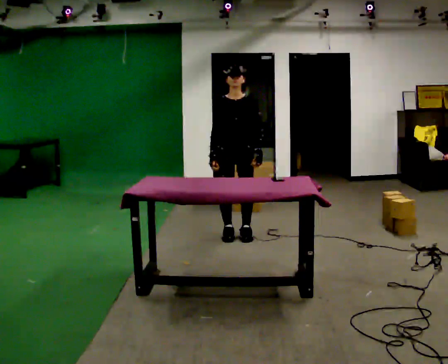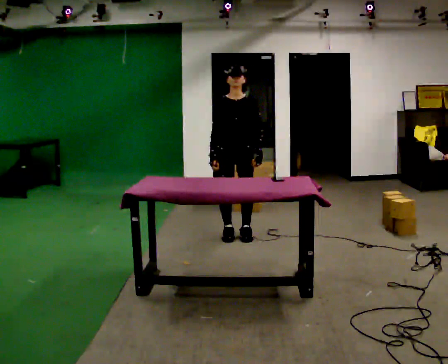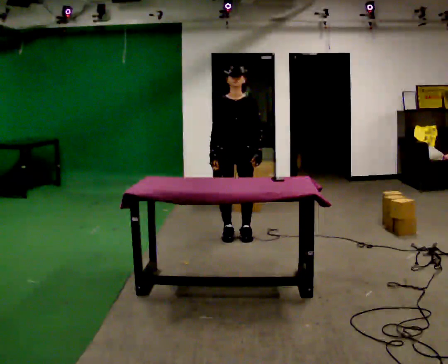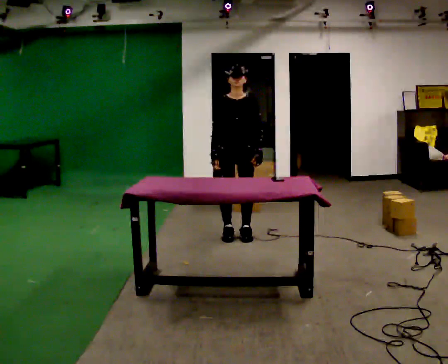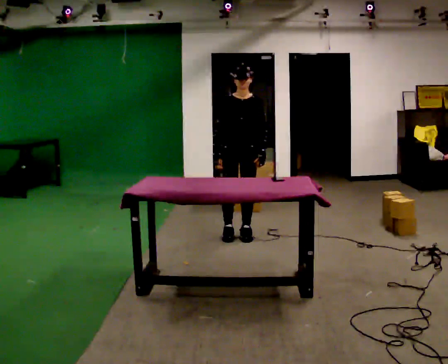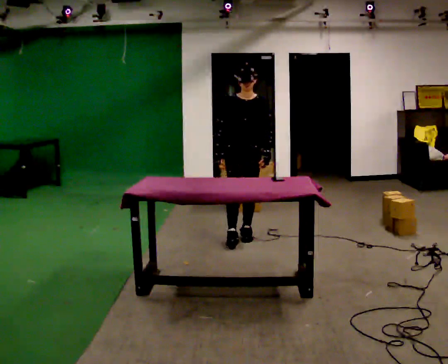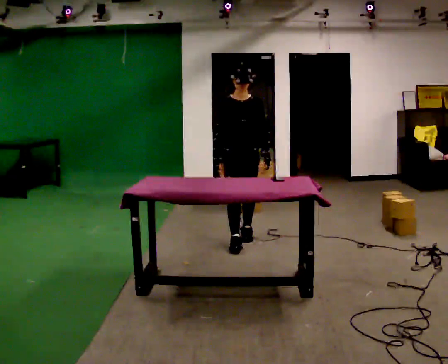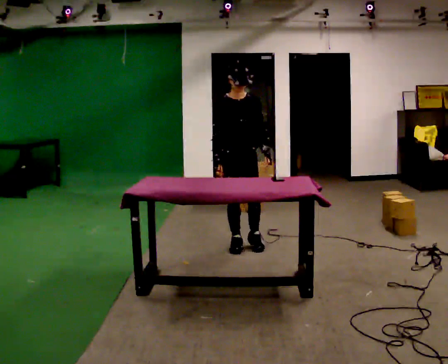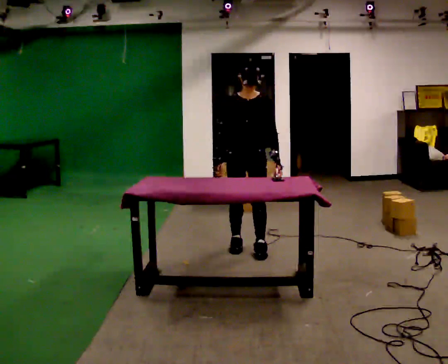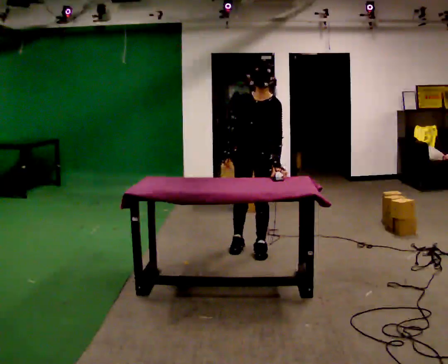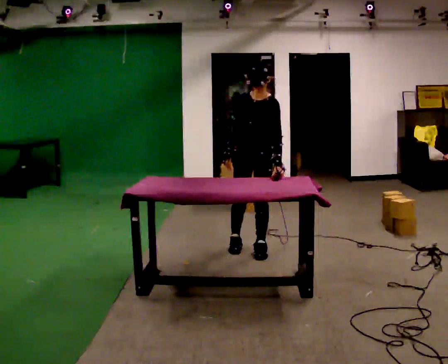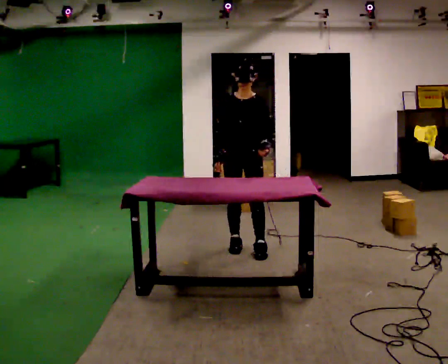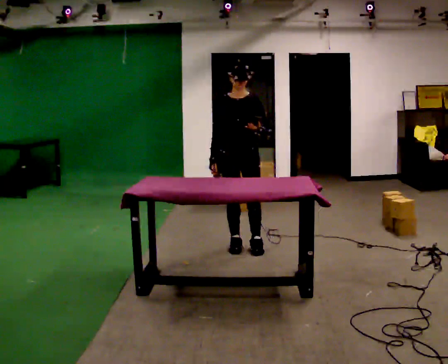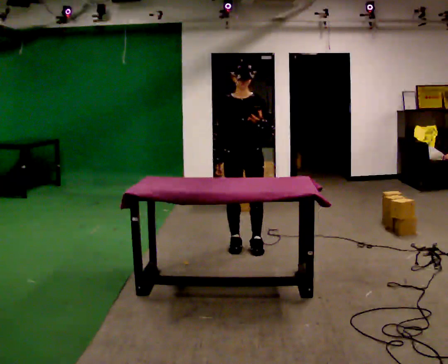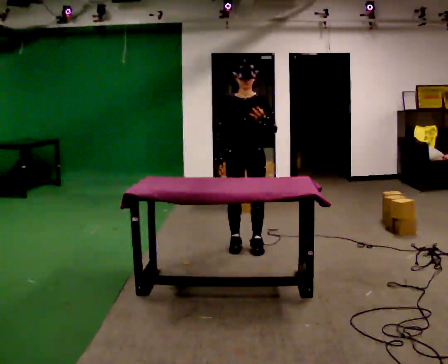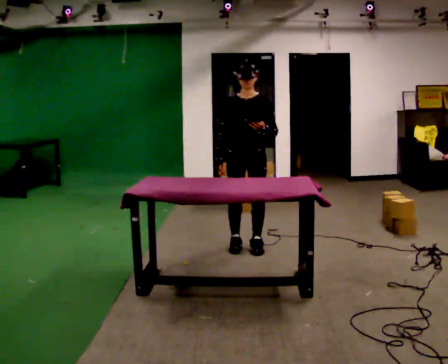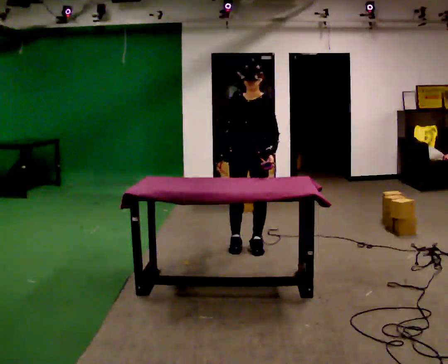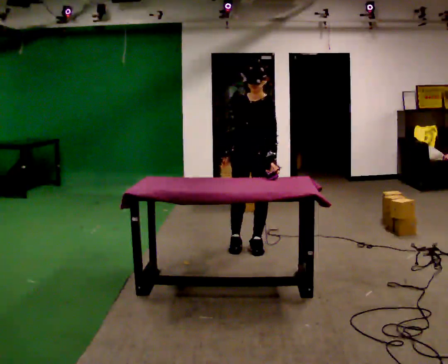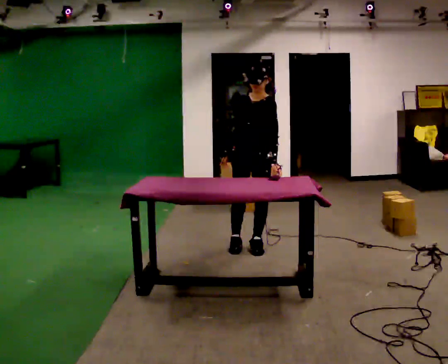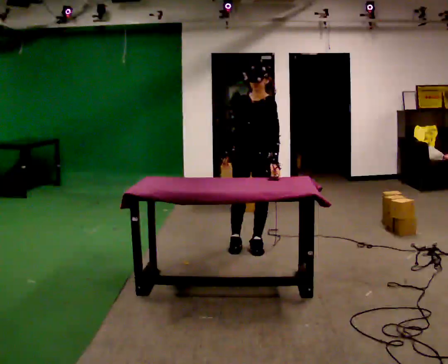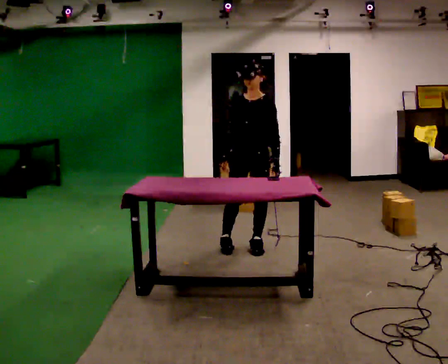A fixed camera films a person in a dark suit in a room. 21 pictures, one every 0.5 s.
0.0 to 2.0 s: The person moves a little, or ends about where they began.
2.0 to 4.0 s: In the picture they go toward the camera, about 0.5 m in 2 steps, which for them is forward.
4.0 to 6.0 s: The person moves a little, or ends about where they began.
6.0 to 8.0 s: Seen from above the body turns clockwise, about 30 degrees: to their right, with its near side sliding to the left.
8.0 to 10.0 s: The person moves a little, or ends about where they began.
The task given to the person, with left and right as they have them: 1. Look at the photo the operator gives you. 2. Put the room back the way it looks in the photo. 3. Tell the operator when you are finished.
The film runs forward here.
